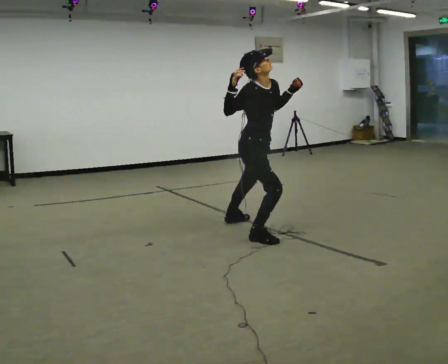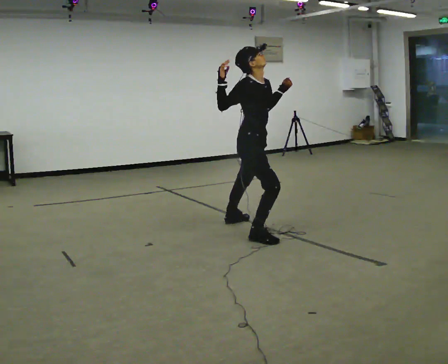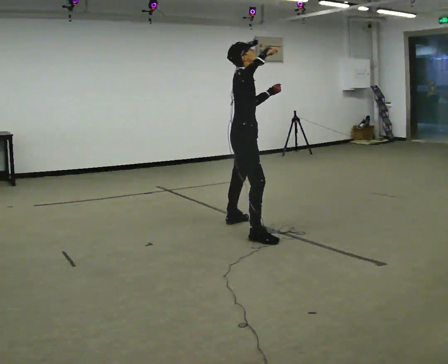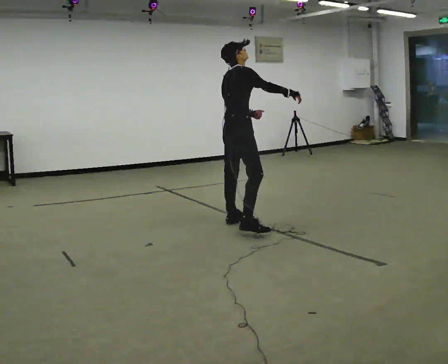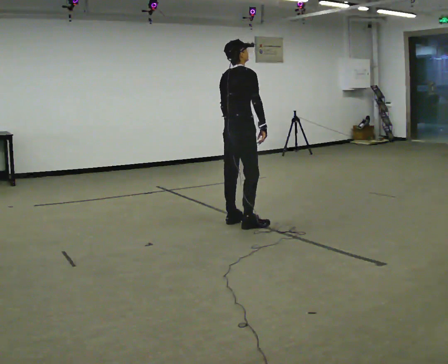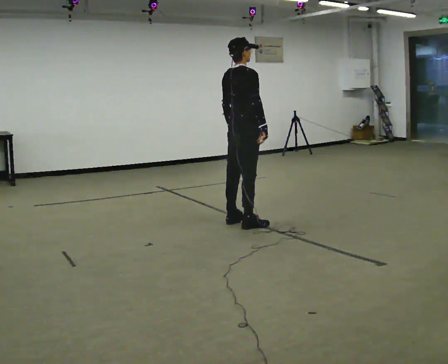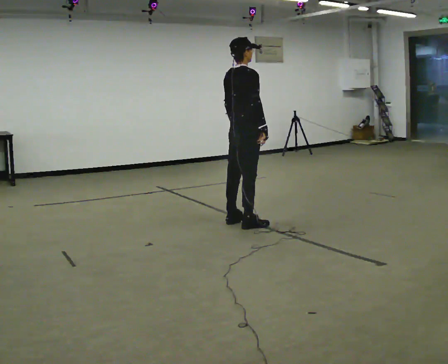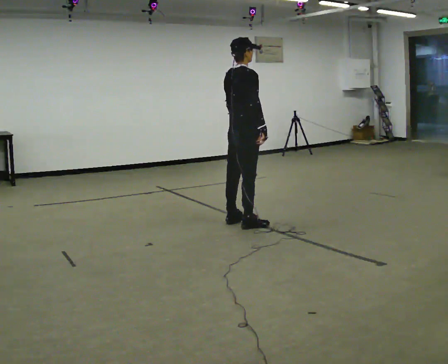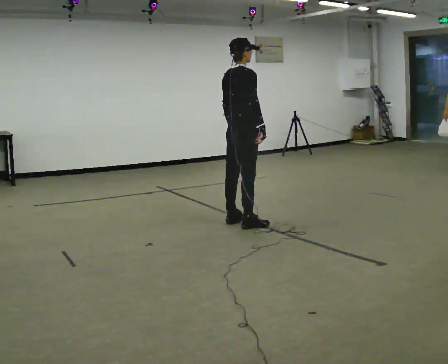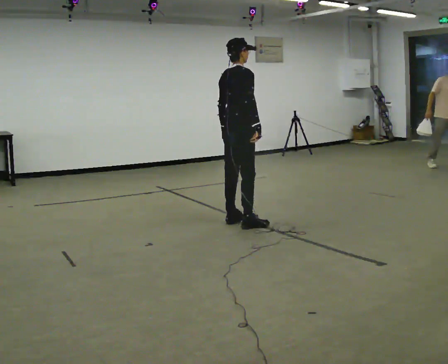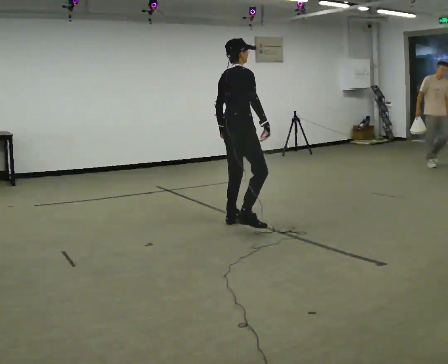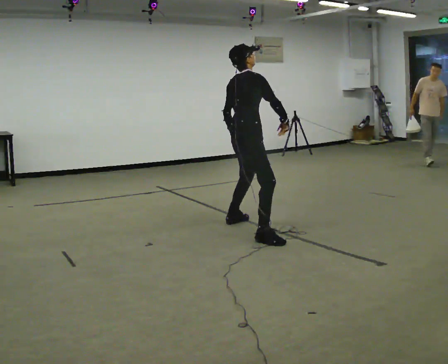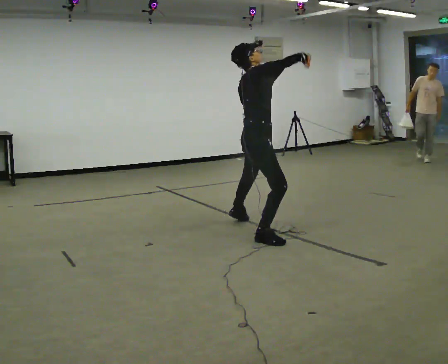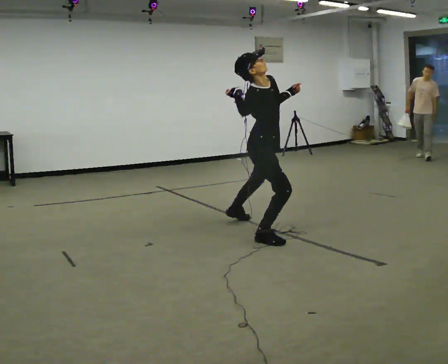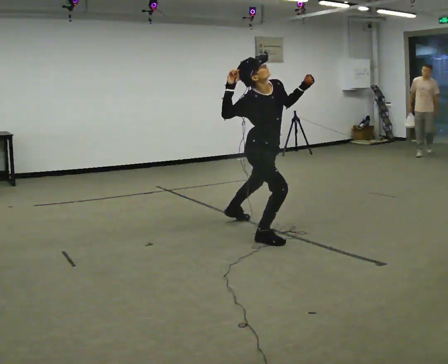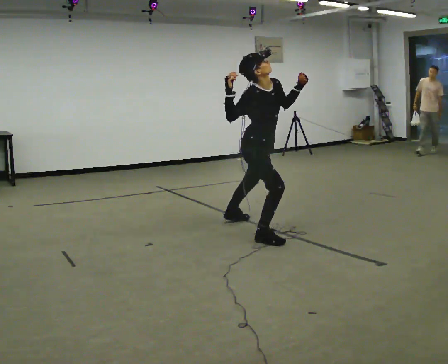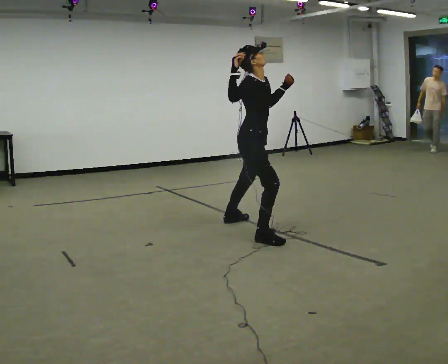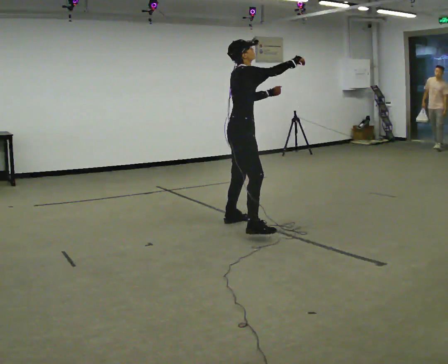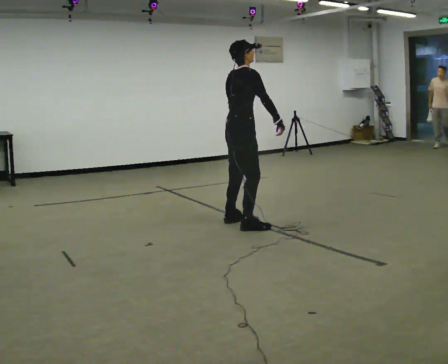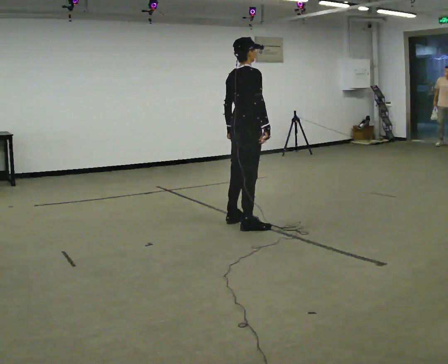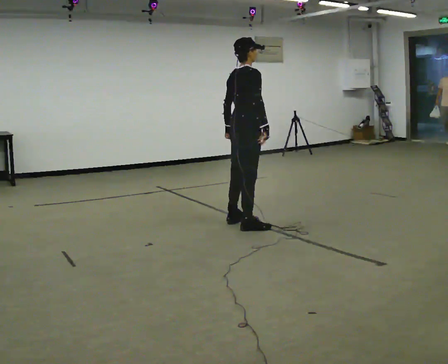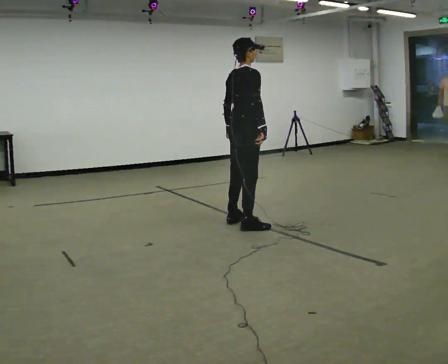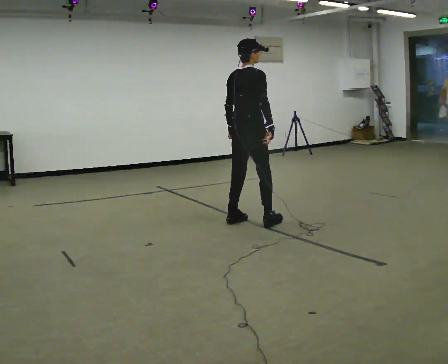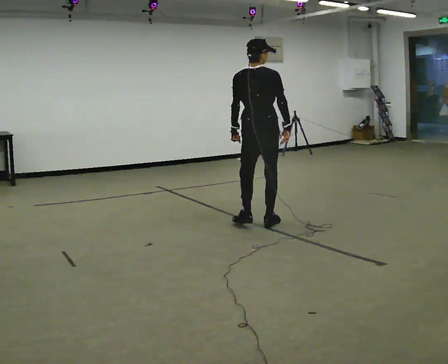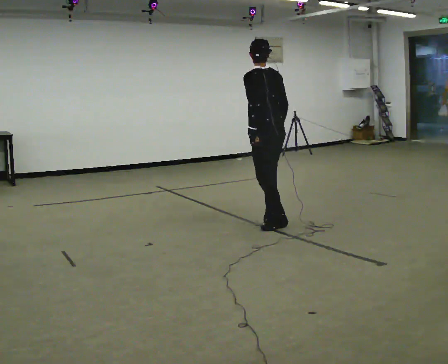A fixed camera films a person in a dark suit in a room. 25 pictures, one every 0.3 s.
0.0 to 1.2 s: Seen from above the body turns counterclockwise, about 75 degrees: to their left, with its near side sliding to the right. In the picture they go away from the camera and to the left, about 0.5 m in 1 step. The upper body tips away from the camera, its near side rolling upward. In the picture their right hand goes downward.
1.2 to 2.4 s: The person moves a little, or ends about where they began.
2.4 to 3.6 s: In the picture they go toward the camera, about 0.5 m in 1 step, which for them is to their right and backward. In the picture their right hand goes upward, the arm swinging counterclockwise.
3.6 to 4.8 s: The person turns about 45 degrees to their right, clockwise seen from above, so the part of the body nearest the lens slides to the left. In the picture their right hand goes to the left.
4.8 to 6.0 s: The person turns about 60 degrees to their left, counterclockwise seen from above, so the part of the body nearest the lens slides to the right. In the picture they go away from the camera, about 0.25 m in 1 step, which for them is to their left. In the picture their right hand goes downward.
6.0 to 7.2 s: The part of the body nearest the lens slides to the right as the person turns to their left by about 90 degrees. In the picture they go to the right, about 0.25 m in 2 steps.
The film runs backward here.
